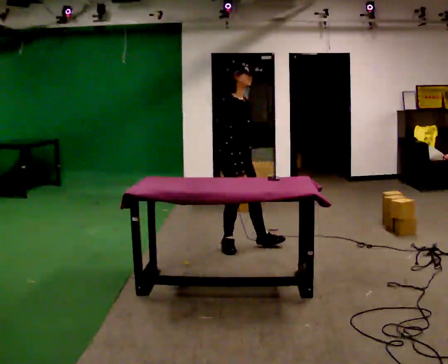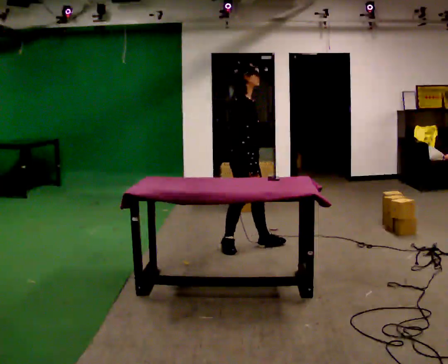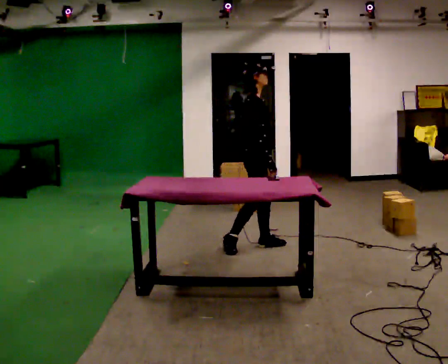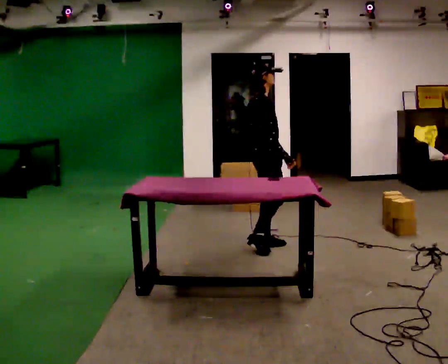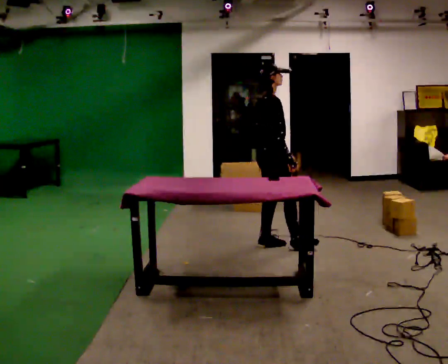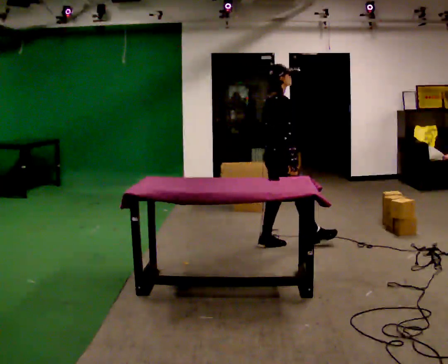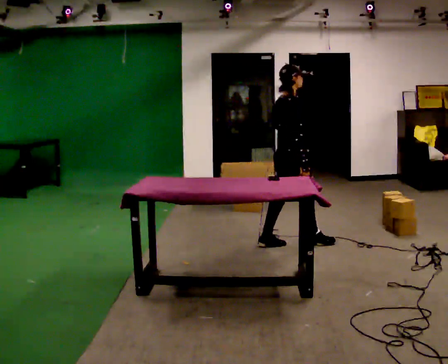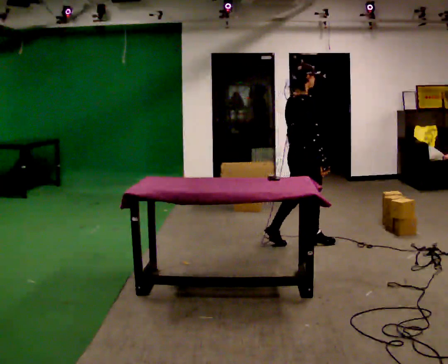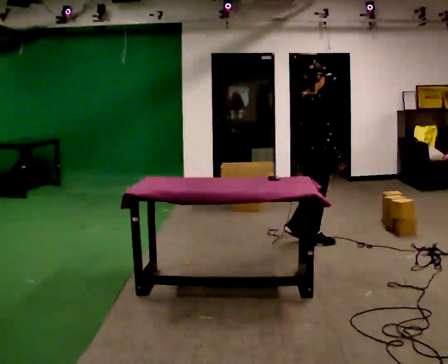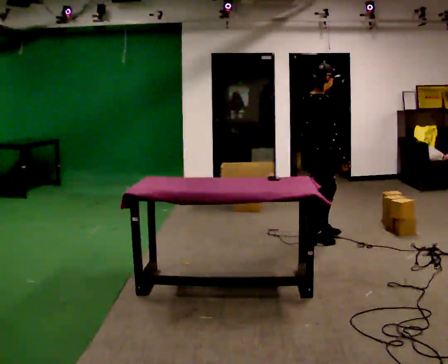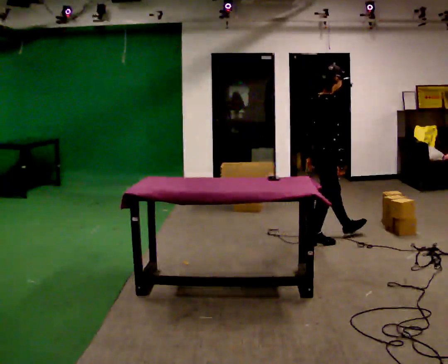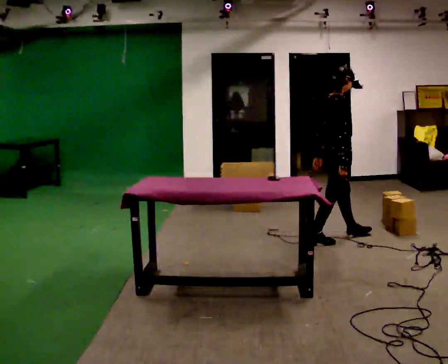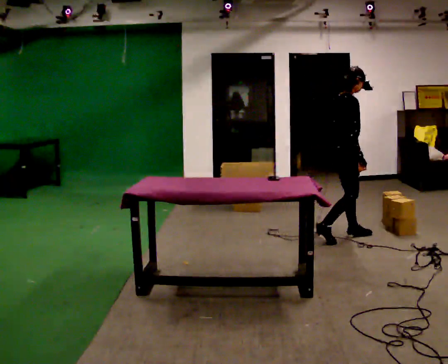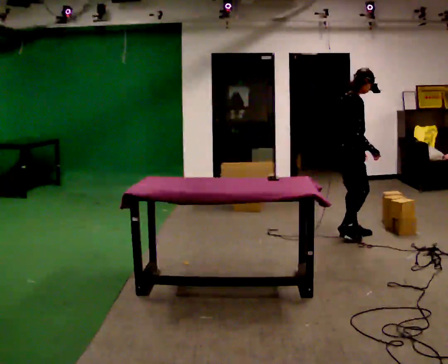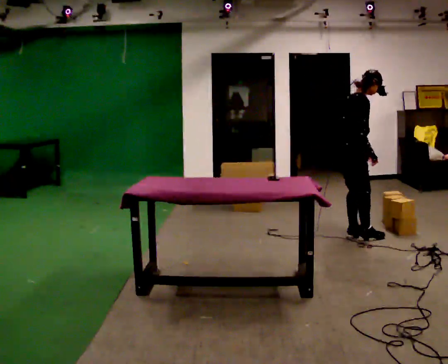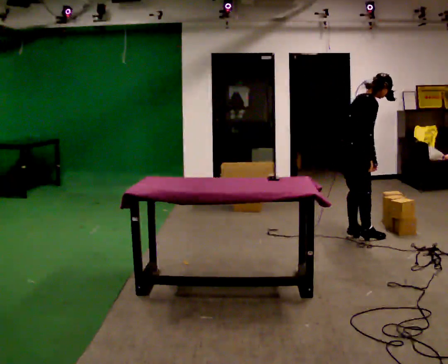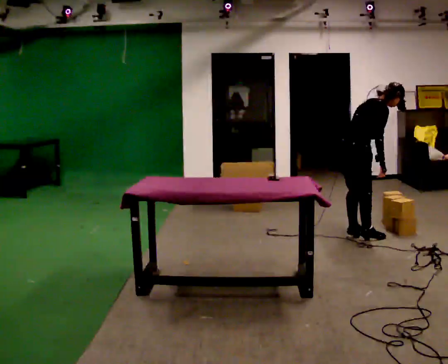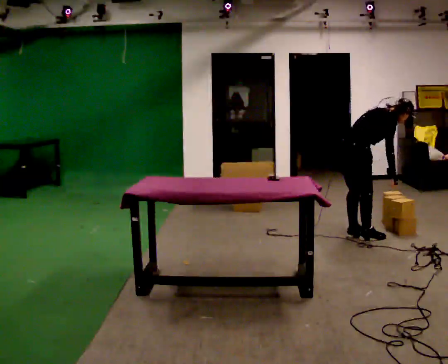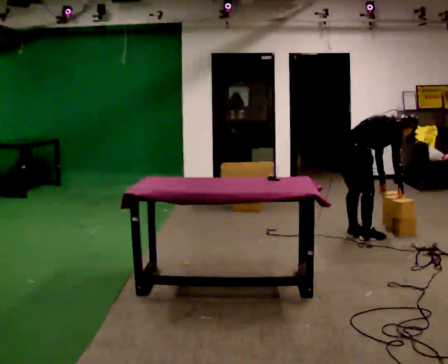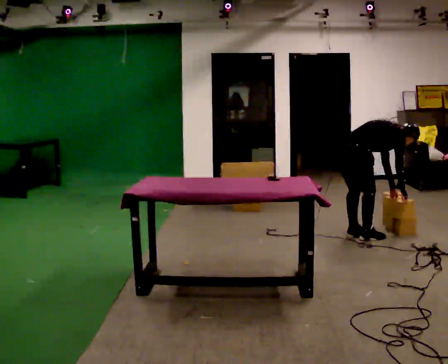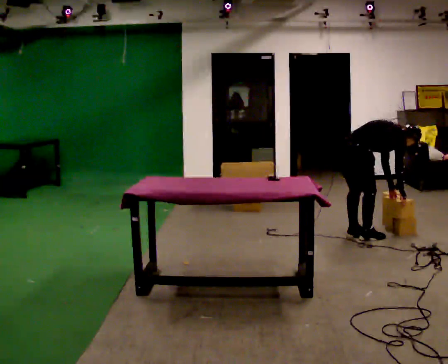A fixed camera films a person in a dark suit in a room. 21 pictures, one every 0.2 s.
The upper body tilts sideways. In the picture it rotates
clockwise.
The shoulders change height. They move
downward.
0.0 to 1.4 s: The part of the body nearest the lens slides to the right as the person turns to their left by about 45 degrees. In the picture they go to the right and away from the camera, about 0.5 m in 1 step, which for them is forward.
1.4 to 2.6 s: The part of the body nearest the lens slides to the left as the person turns to their right by about 30 degrees. In the picture they go to the right and away from the camera, about 0.5 m in 1 step, which for them is forward.
2.6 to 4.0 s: The upper body goes downward. In the picture the upper body tilts clockwise, shoulders to the right, as they bend forward. In the picture their right hand goes downward.
The film runs forward here.
